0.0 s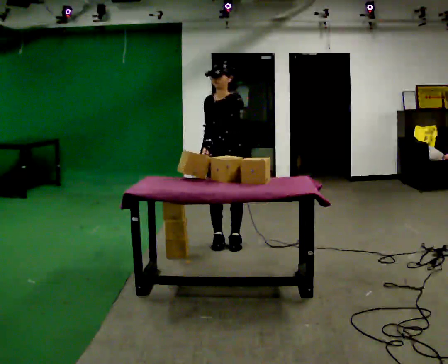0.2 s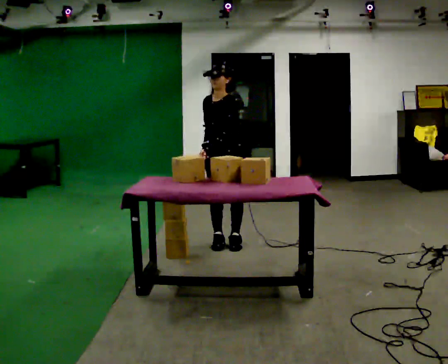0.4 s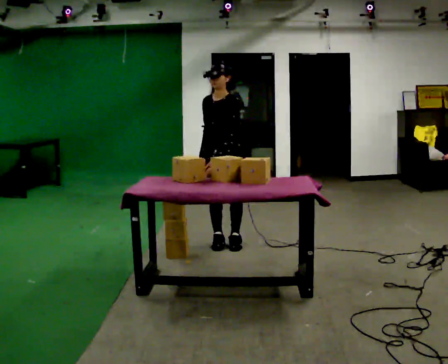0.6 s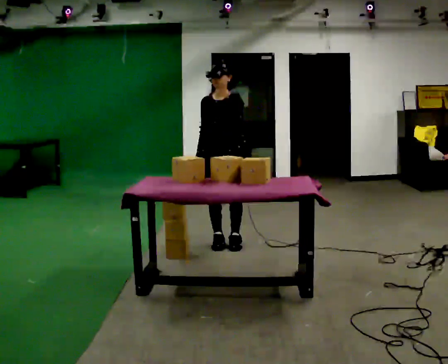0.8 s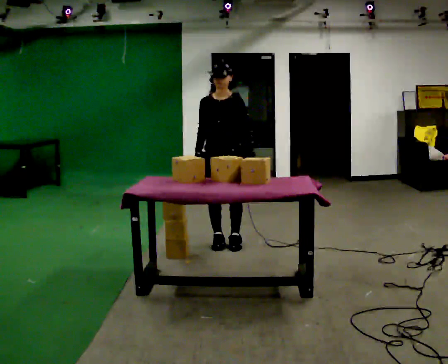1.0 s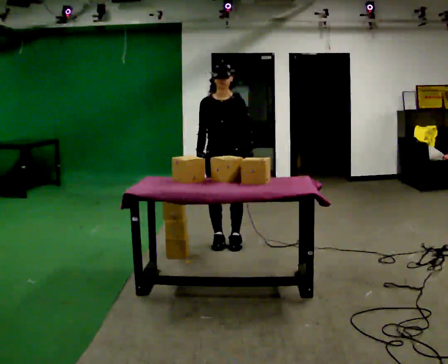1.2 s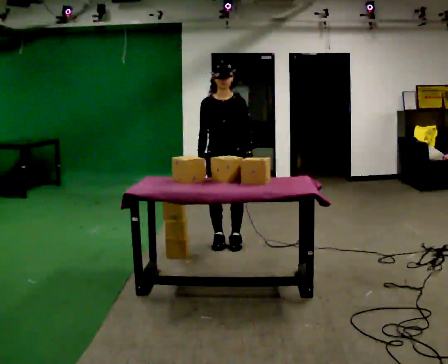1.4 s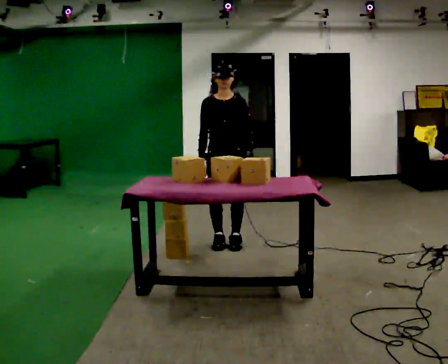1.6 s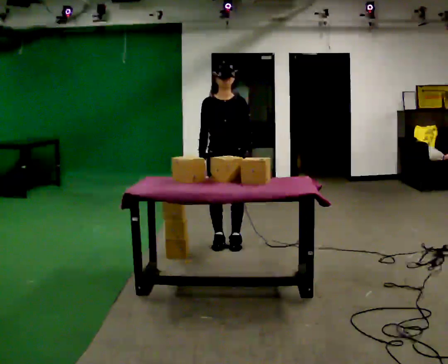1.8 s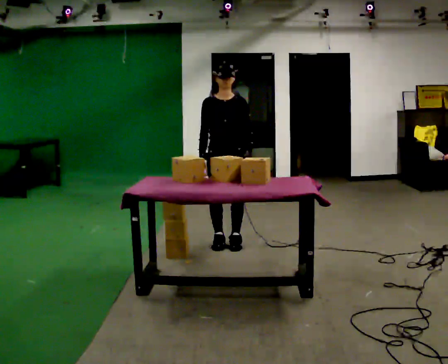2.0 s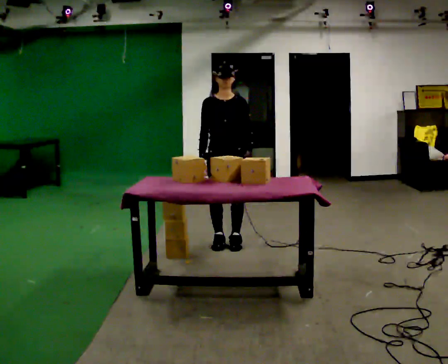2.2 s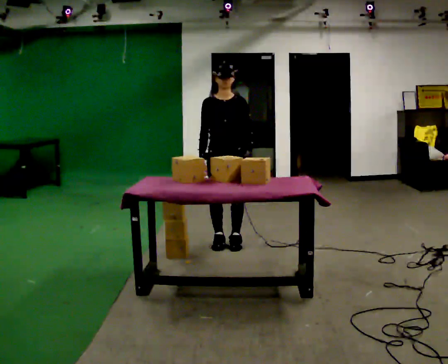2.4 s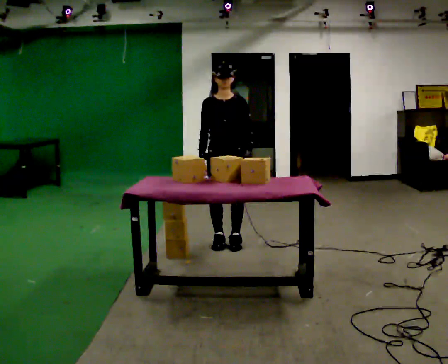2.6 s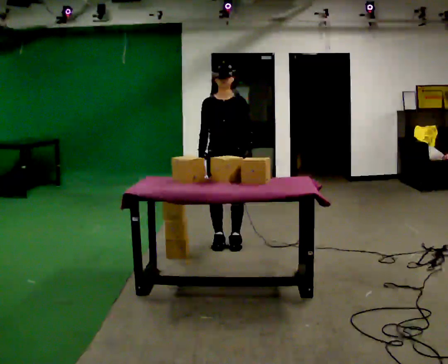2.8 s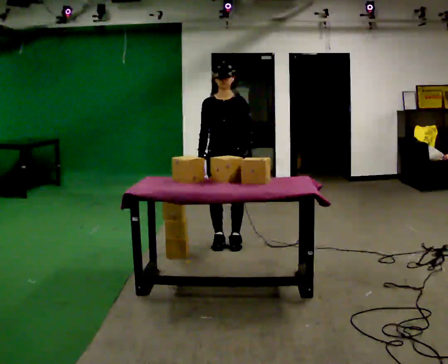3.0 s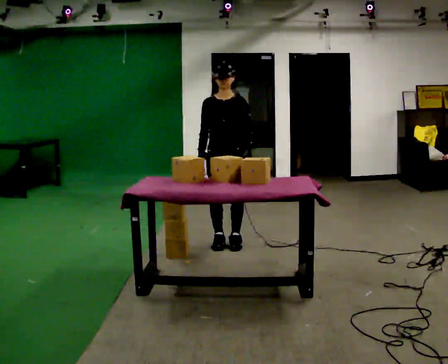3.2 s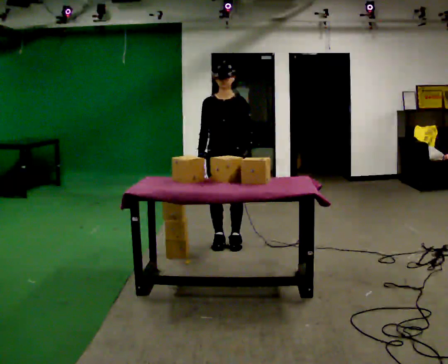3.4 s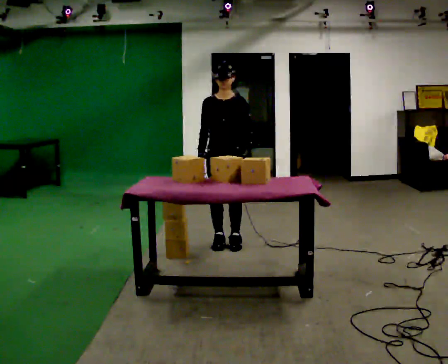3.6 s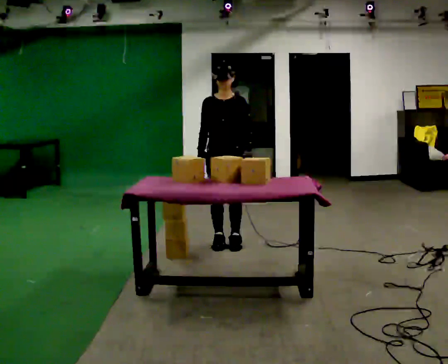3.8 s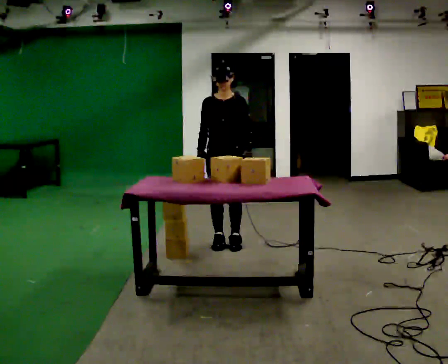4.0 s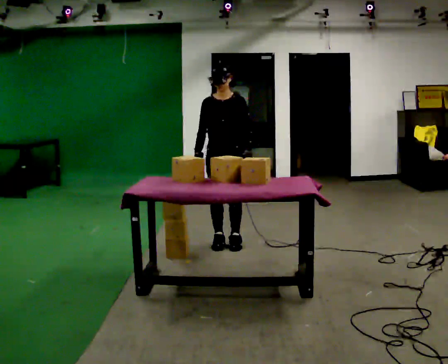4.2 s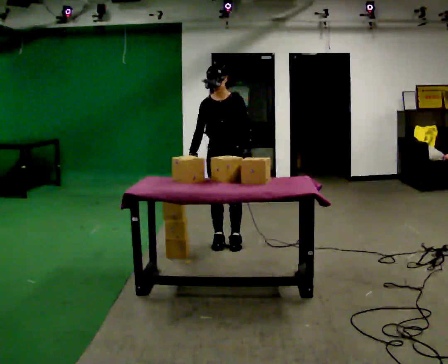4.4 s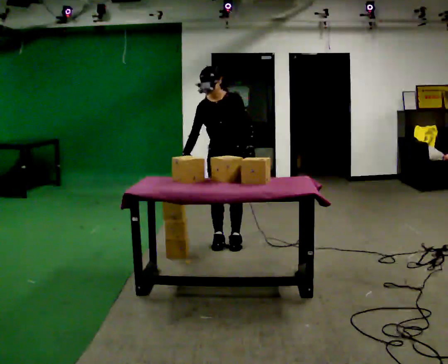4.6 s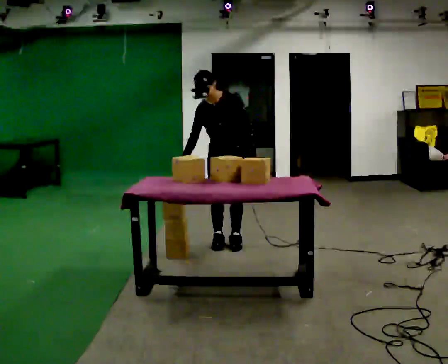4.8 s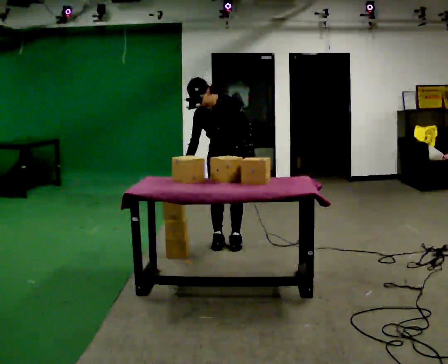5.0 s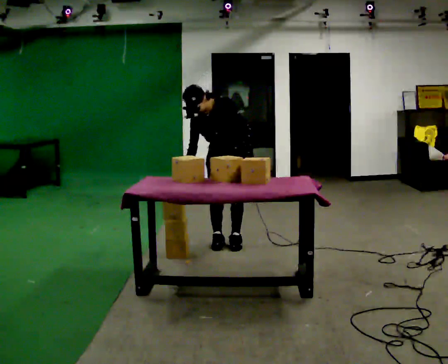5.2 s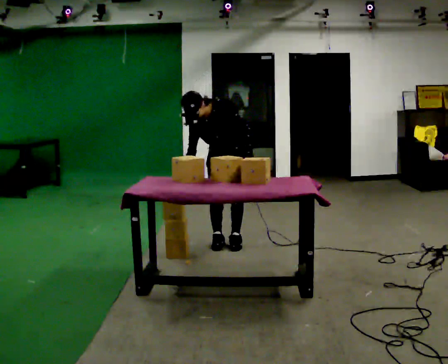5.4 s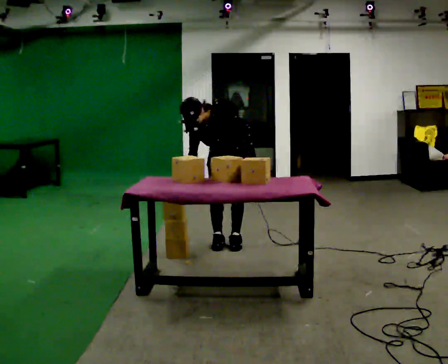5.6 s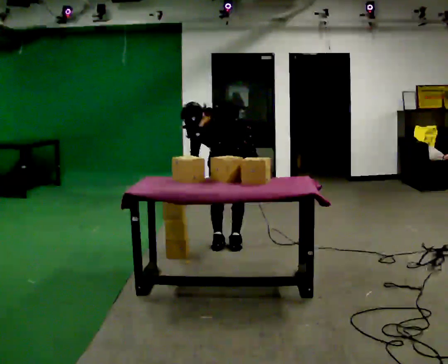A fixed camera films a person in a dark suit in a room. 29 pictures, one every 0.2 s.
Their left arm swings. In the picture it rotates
counterclockwise.
0.0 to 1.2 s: Seen from above the body turns counterclockwise, about 30 degrees: to their left, with its near side sliding to the right.
1.2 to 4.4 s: The person moves a little, or ends about where they began.
4.4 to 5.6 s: The shoulders move downward. The upper body tips toward the camera, its near side rolling downward, as they bend forward.
The film runs forward here.
